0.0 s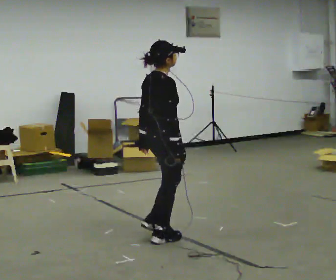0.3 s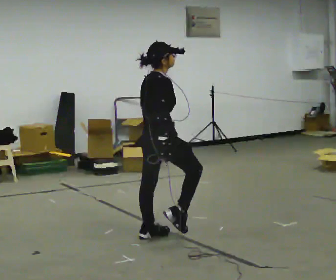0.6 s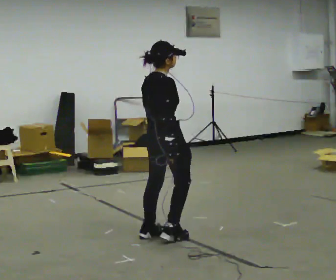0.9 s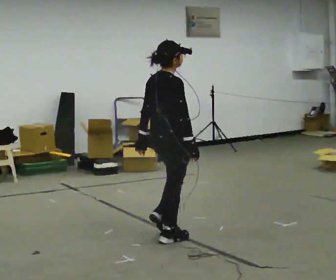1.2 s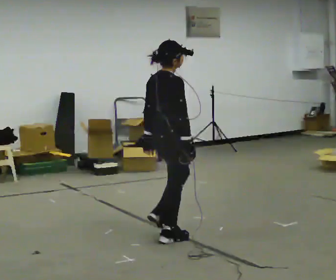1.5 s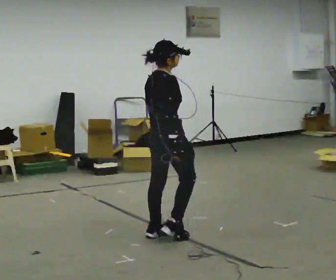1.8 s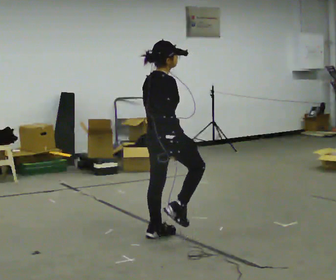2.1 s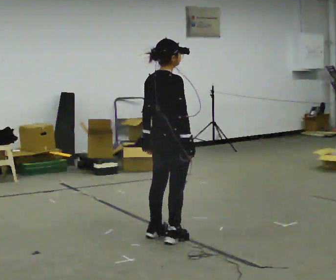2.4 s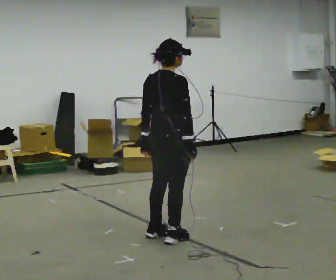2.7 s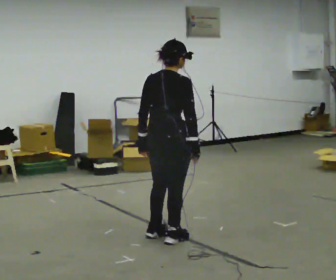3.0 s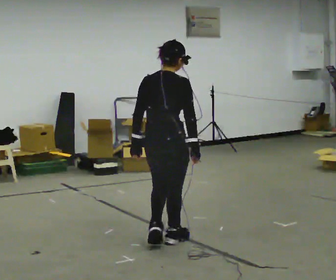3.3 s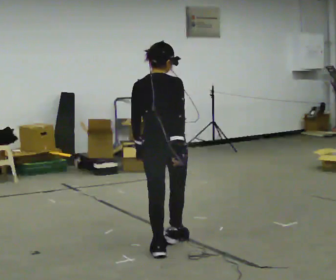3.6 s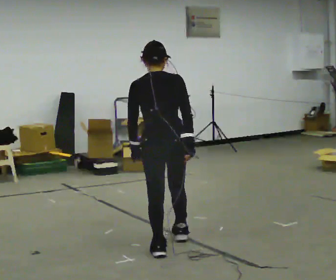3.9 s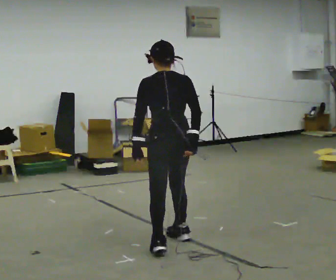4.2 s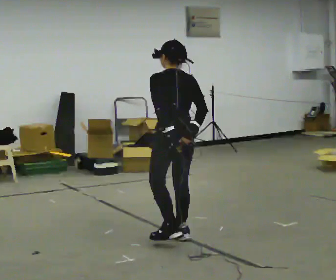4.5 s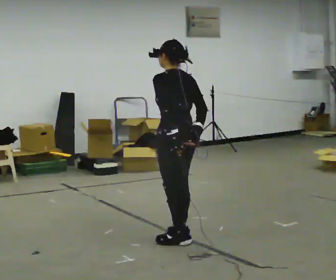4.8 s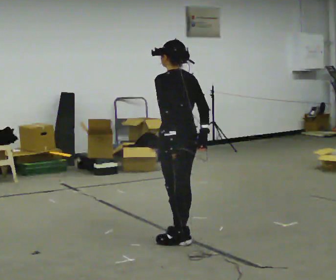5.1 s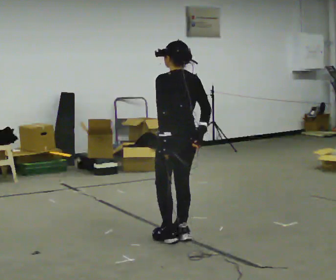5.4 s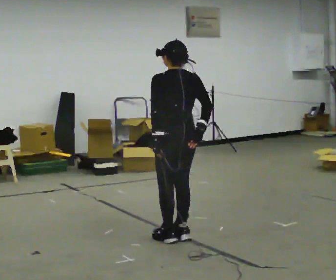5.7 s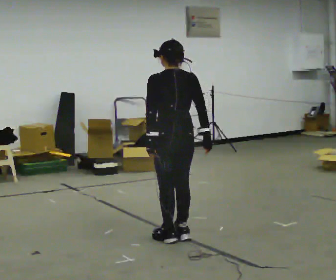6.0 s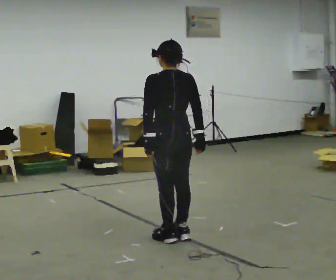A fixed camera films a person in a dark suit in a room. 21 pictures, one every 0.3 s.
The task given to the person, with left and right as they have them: March in place at a comfortable rhythm without moving forward; stop.
0.0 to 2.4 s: The part of the body nearest the lens slides to the right as the person turns to their left by about 30 degrees.
2.4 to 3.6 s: The person turns about 45 degrees to their left, counterclockwise seen from above, so the part of the body nearest the lens slides to the right. In the picture they go toward the camera, about 0.25 m in 1 step, which for them is backward.
3.6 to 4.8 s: Seen from above the body turns counterclockwise, about 45 degrees: to their left, with its near side sliding to the right. In the picture they go away from the camera, about 0.25 m in 1 step, which for them is to their right and forward.
4.8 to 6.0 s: The person moves a little, or ends about where they began.
The film runs forward here.
